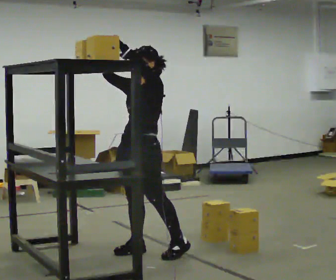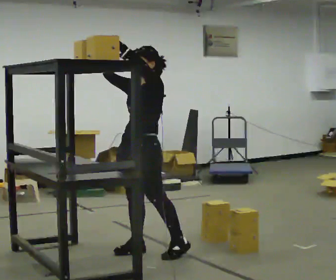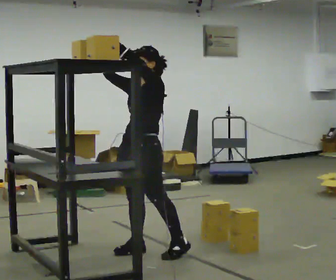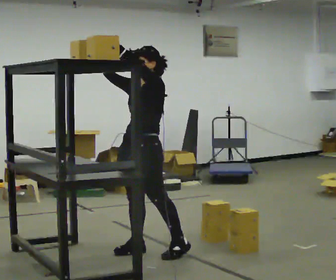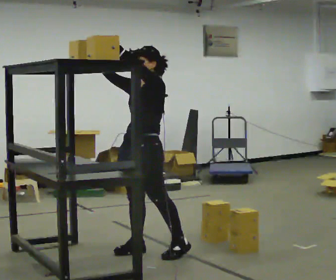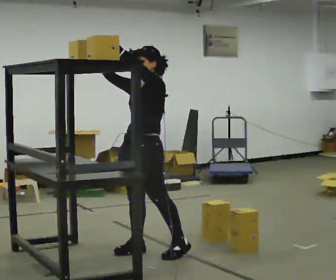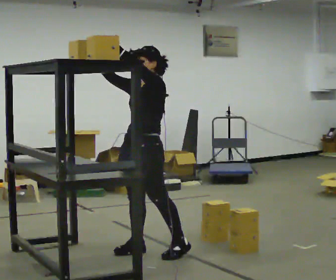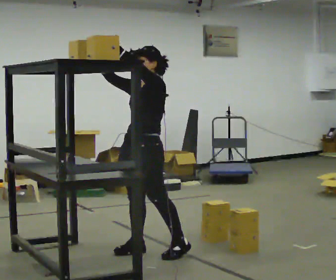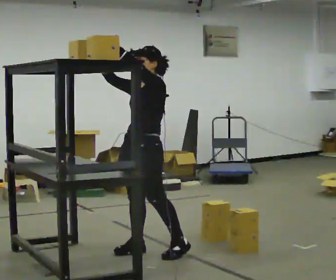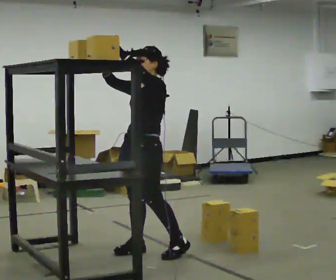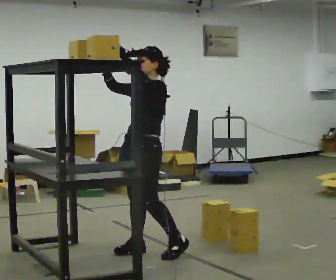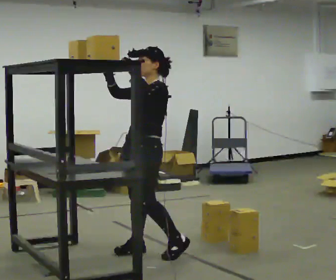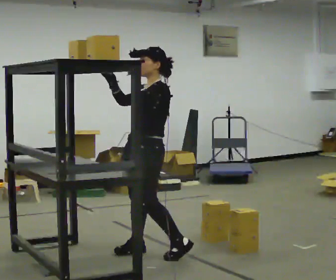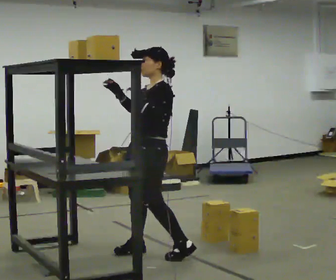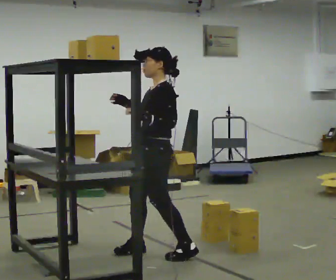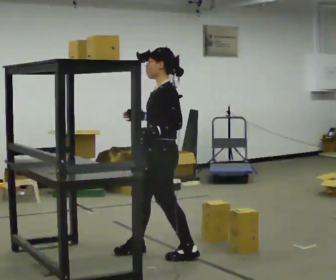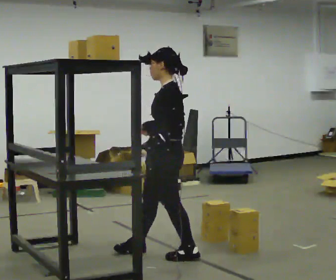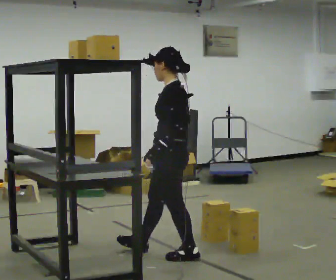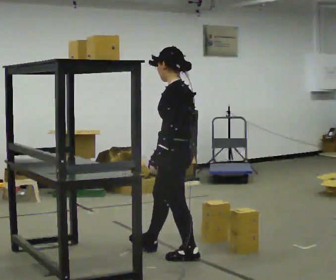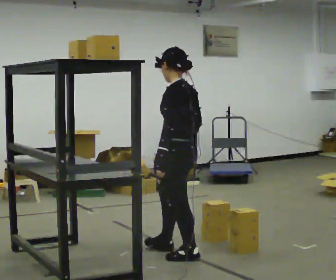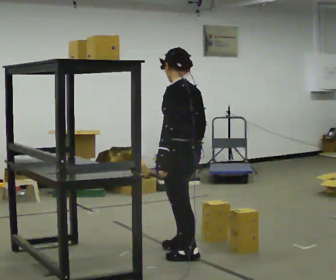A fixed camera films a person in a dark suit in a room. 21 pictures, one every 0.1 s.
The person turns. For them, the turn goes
to their right.
The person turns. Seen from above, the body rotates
clockwise.
0.0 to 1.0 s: The person moves a little, or ends about where they began.
1.0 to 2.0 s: The person turns about 60 degrees to their right, clockwise seen from above, so the part of the body nearest the lens slides to the left. In the picture they go to the right and toward the camera, about 0.25 m, which for them is backward and to their left. In the picture their right hand goes downward.
The film runs forward here.
